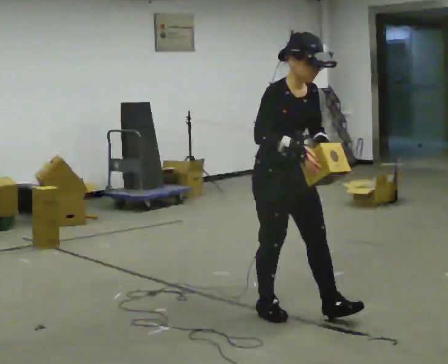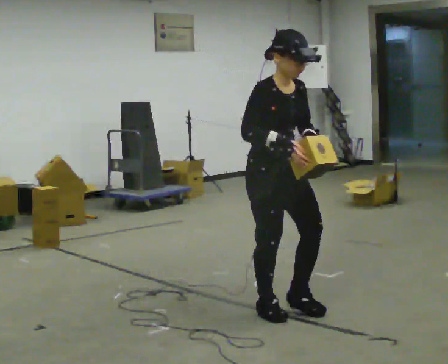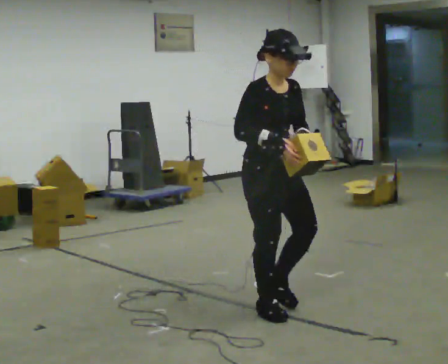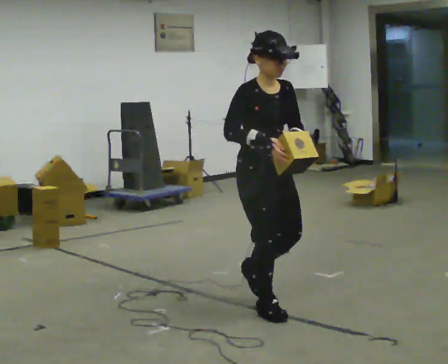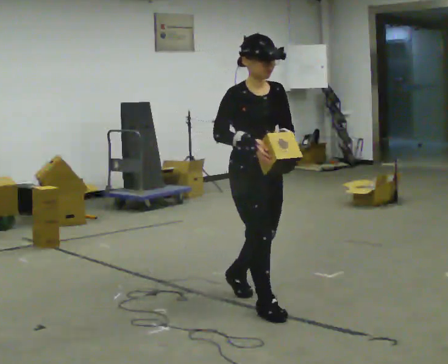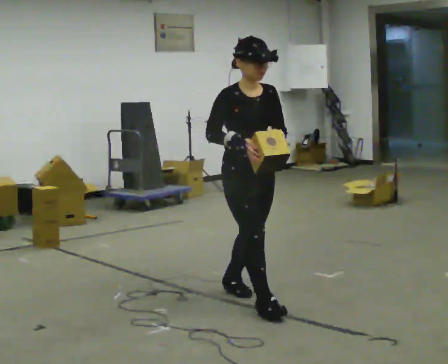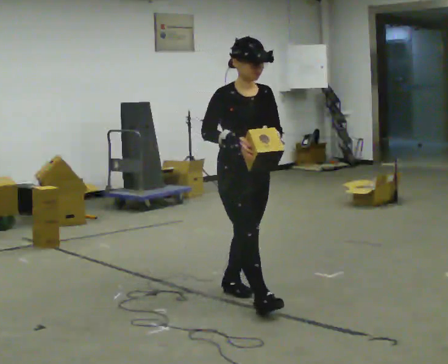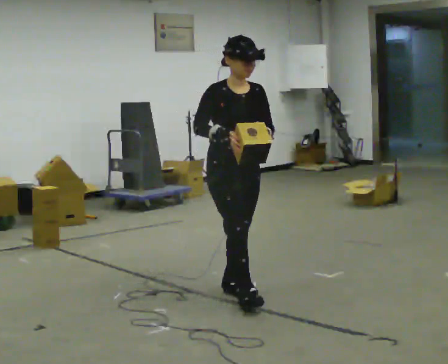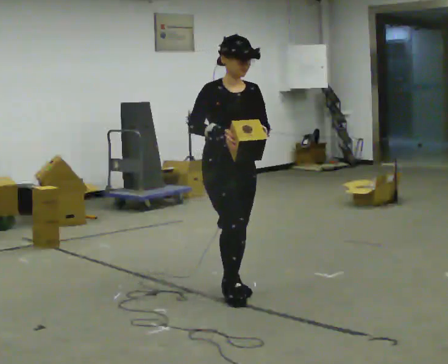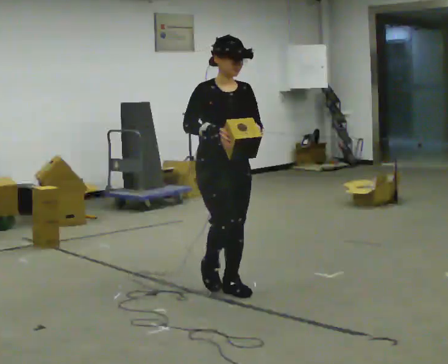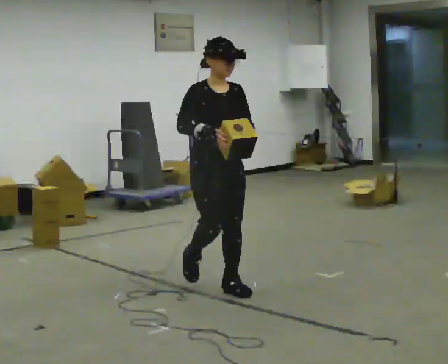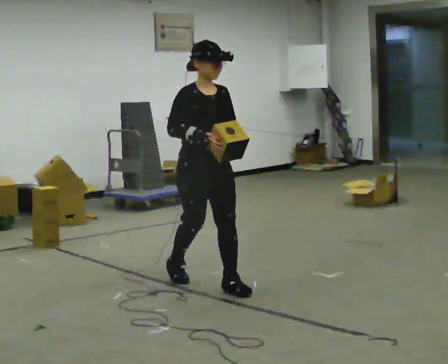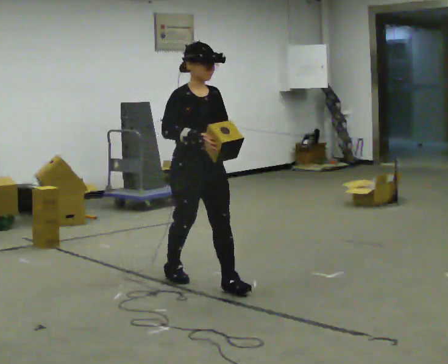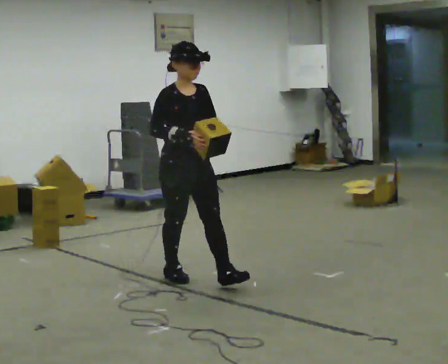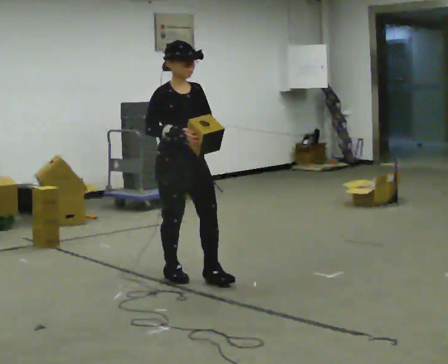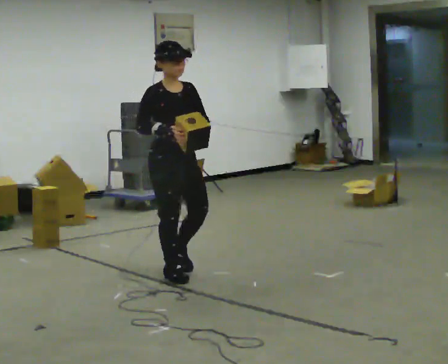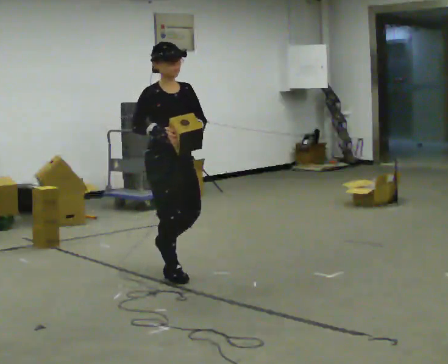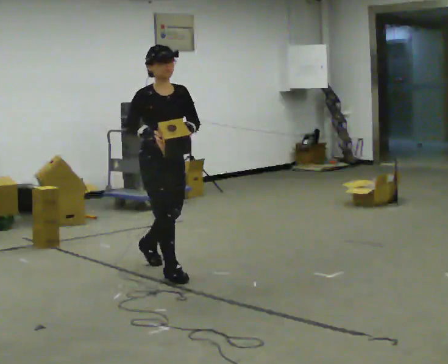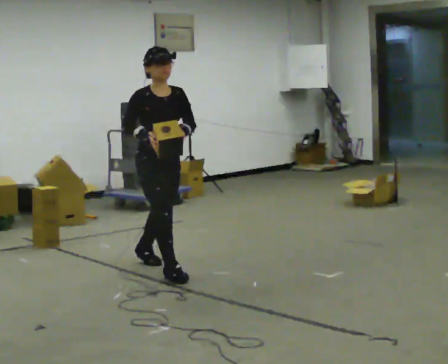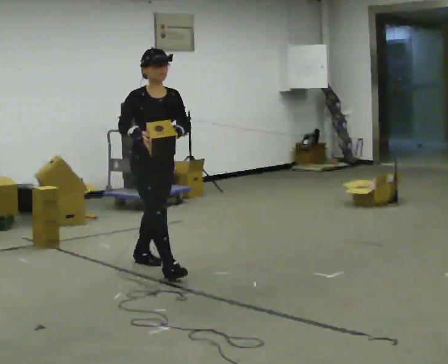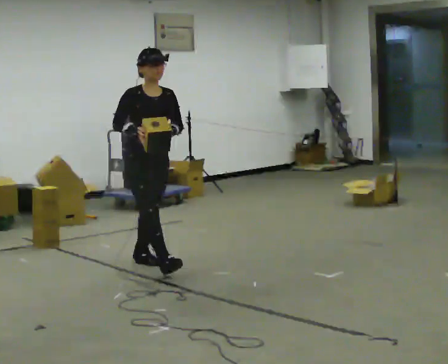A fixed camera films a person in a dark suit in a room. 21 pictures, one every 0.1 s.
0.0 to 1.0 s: In the picture they go away from the camera and to the left, about 0.75 m in 1 step, which for them is backward.
1.0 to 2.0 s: In the picture they go away from the camera and to the left, about 1 m in 2 steps, which for them is backward.
The film runs backward here.
